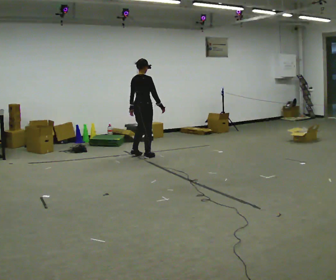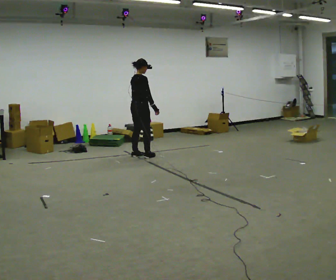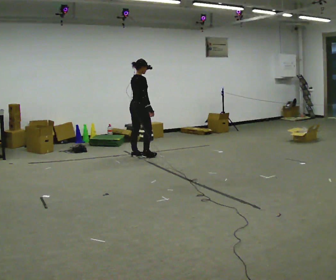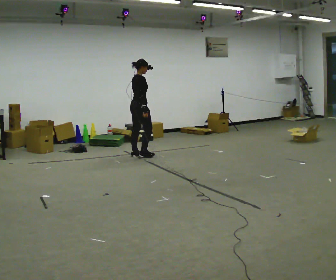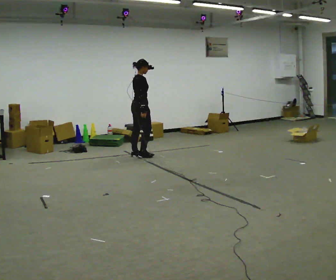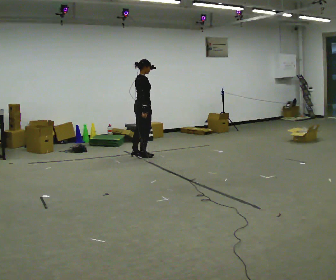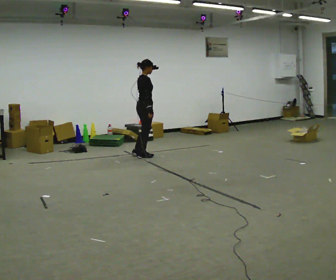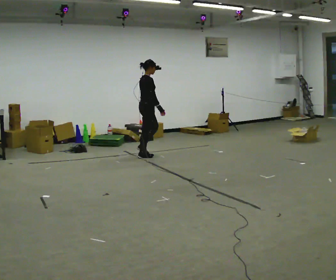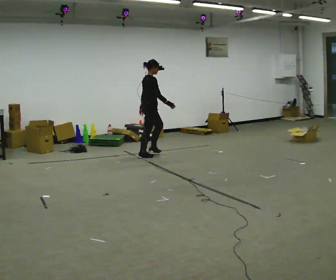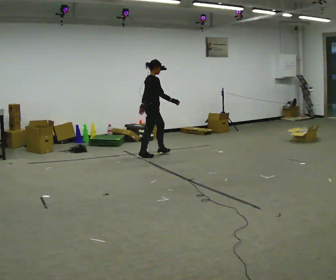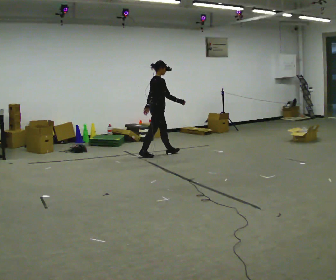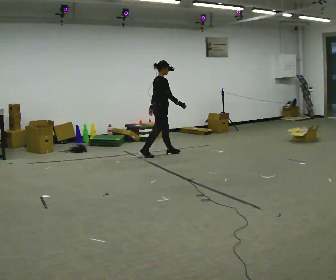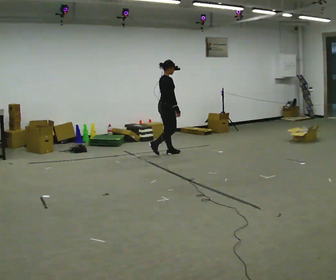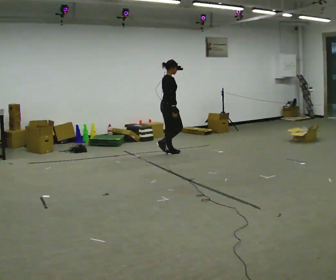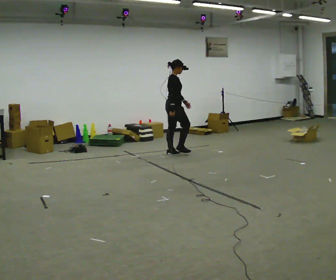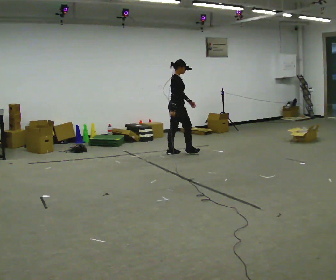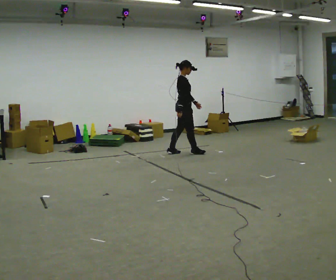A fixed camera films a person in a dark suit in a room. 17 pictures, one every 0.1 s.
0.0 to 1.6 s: The person turns about 30 degrees to their right, clockwise seen from above, so the part of the body nearest the lens slides to the left. In the picture they go to the right, about 0.5 m in 2 steps, which for them is forward.
The film runs forward here.
